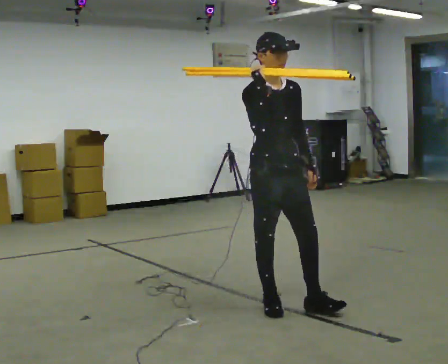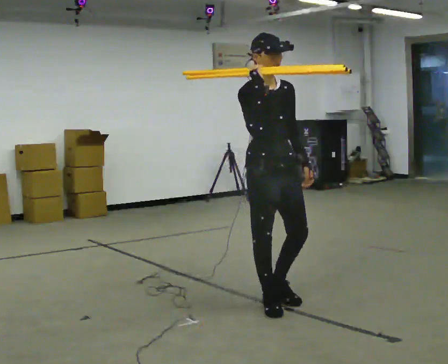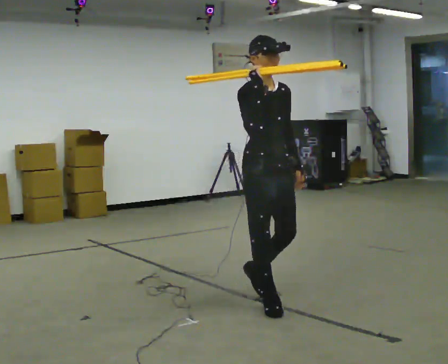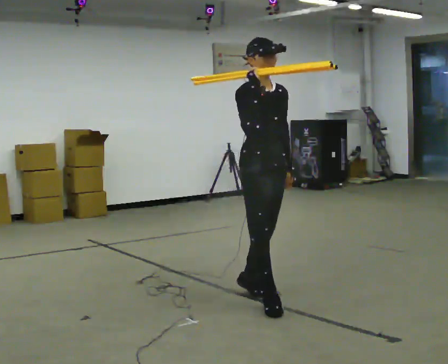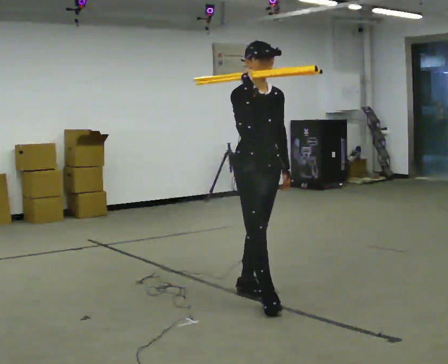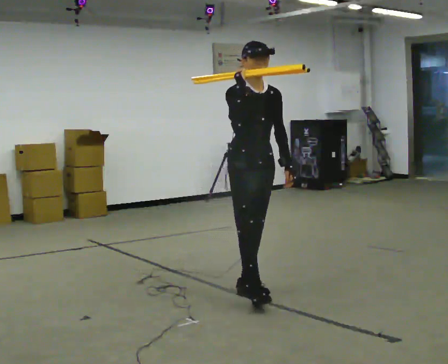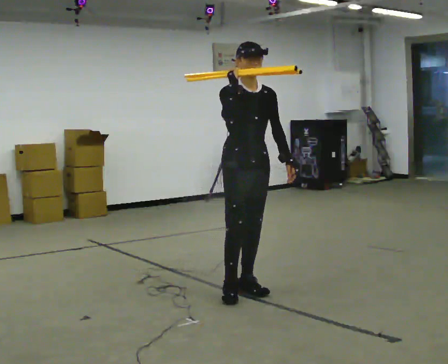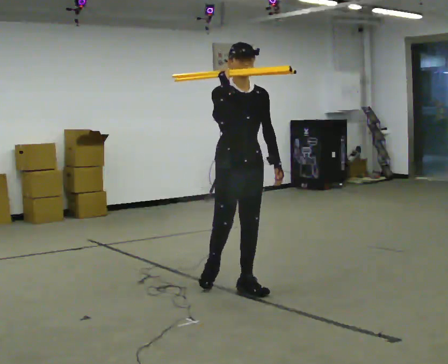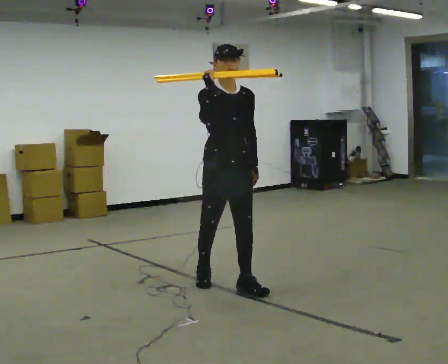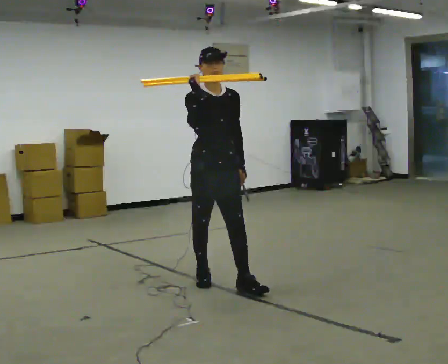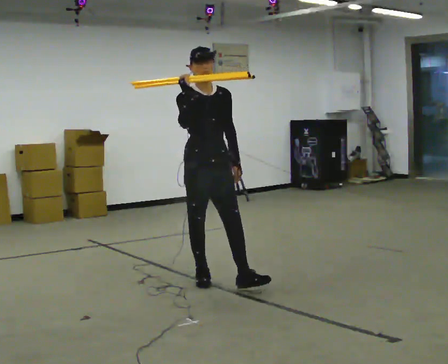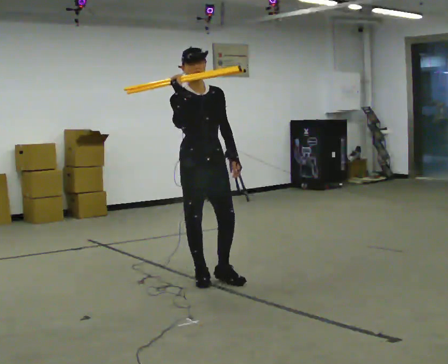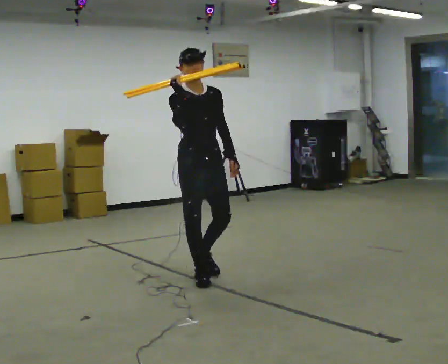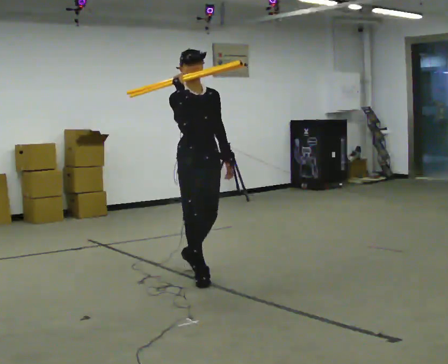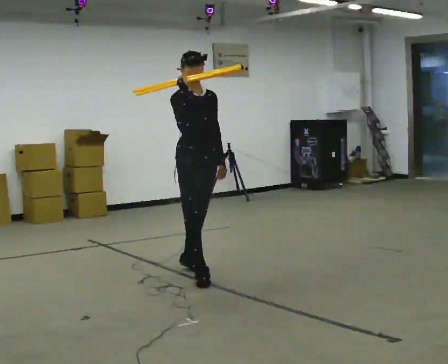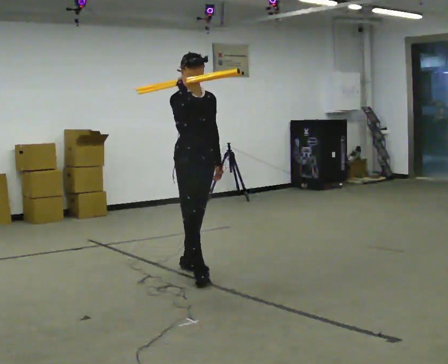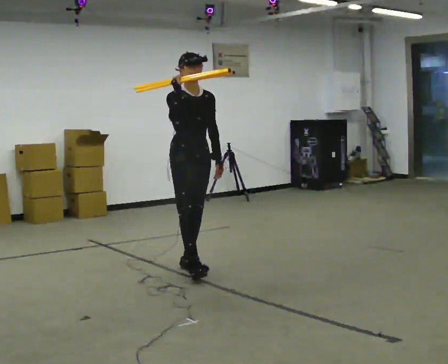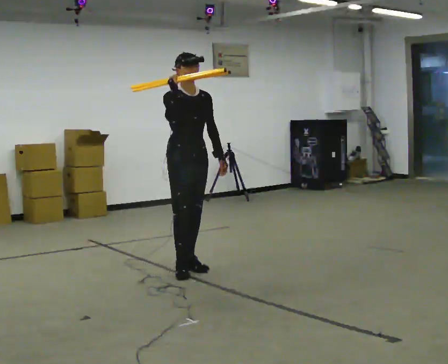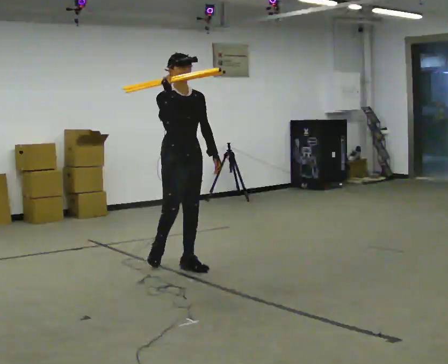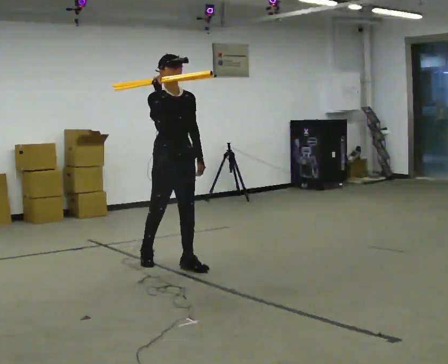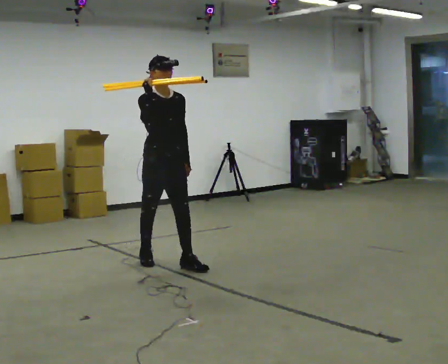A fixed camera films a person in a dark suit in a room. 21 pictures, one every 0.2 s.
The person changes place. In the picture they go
away from the camera.
0.0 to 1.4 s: In the picture they go away from the camera, about 0.5 m in 1 step, which for them is backward.
1.4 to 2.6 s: In the picture they go away from the camera and to the left, about 0.5 m in 1 step, which for them is backward.
2.6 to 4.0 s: In the picture they go away from the camera and to the left, about 0.5 m in 1 step, which for them is backward.
The film runs backward here.
